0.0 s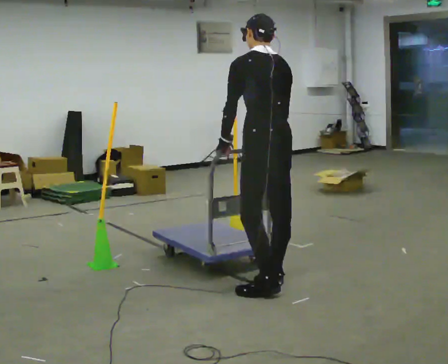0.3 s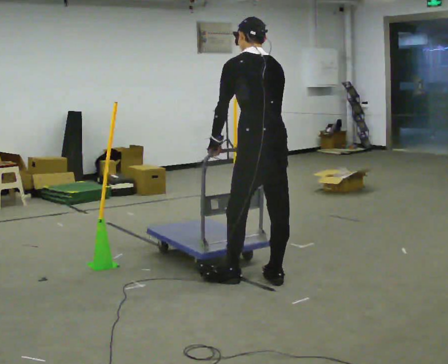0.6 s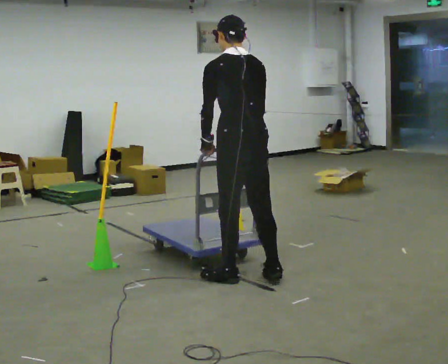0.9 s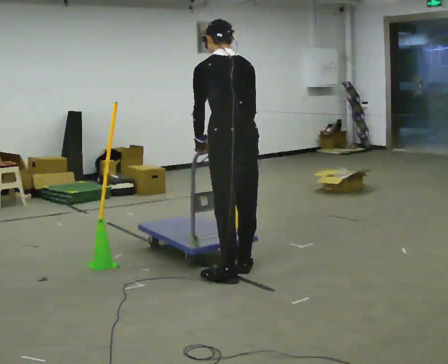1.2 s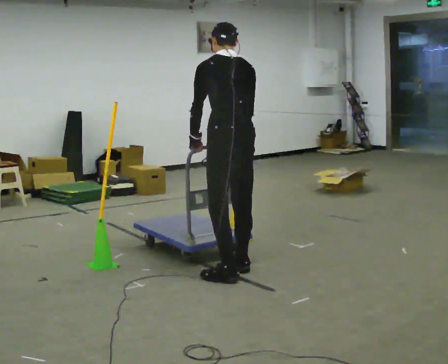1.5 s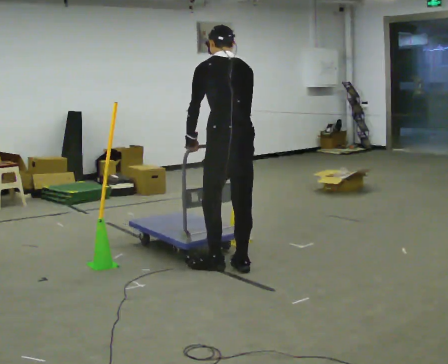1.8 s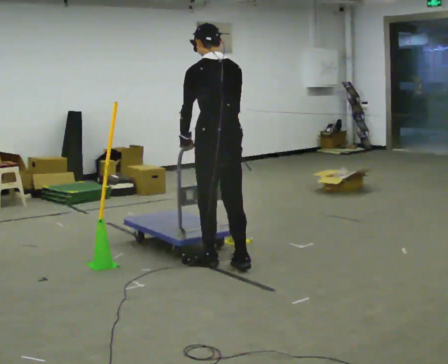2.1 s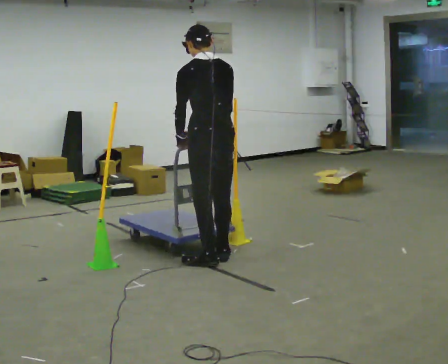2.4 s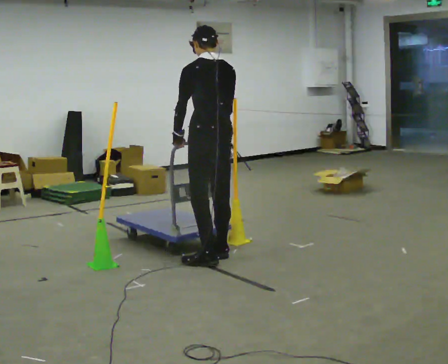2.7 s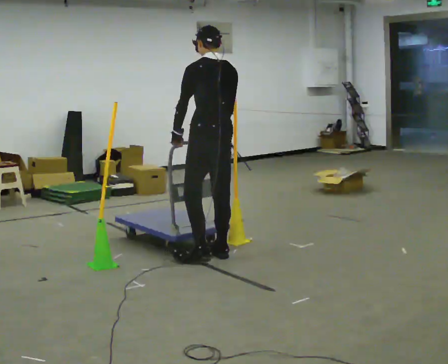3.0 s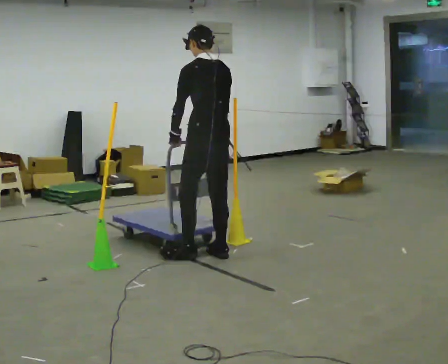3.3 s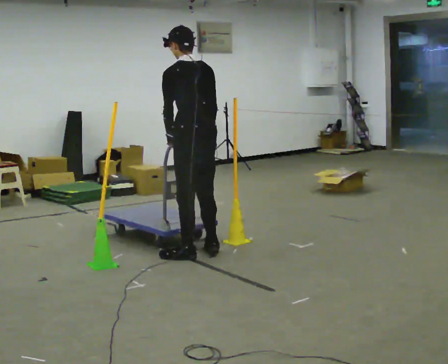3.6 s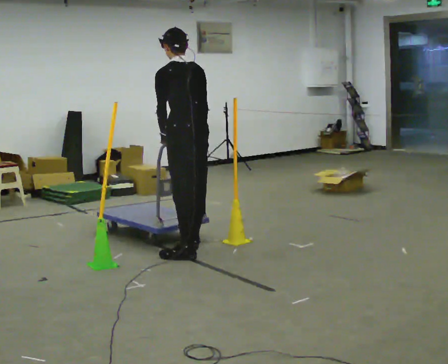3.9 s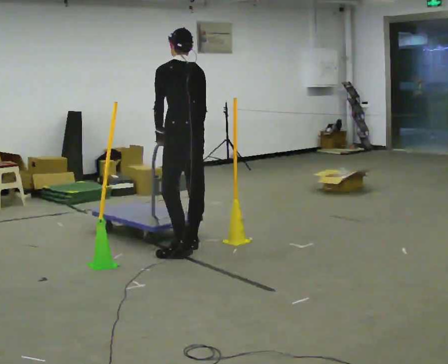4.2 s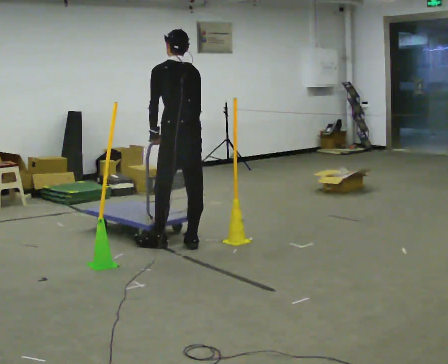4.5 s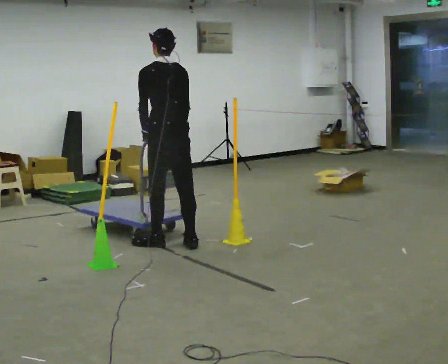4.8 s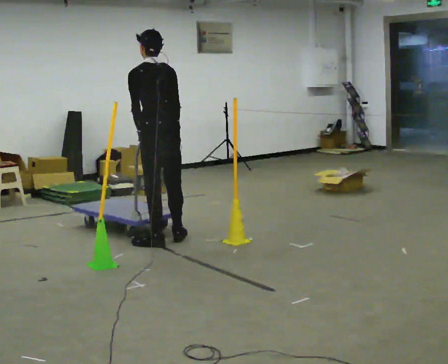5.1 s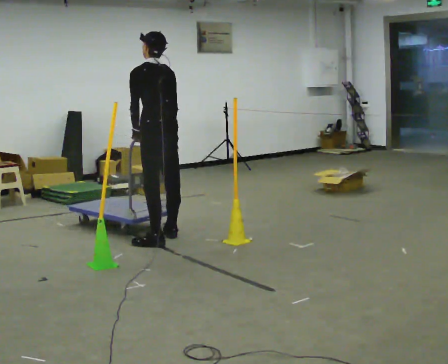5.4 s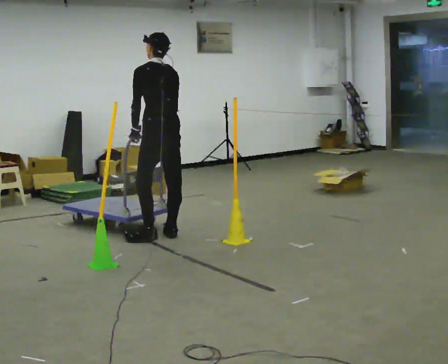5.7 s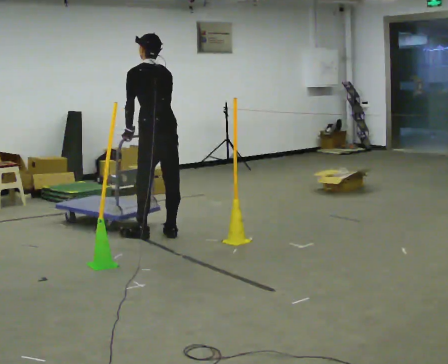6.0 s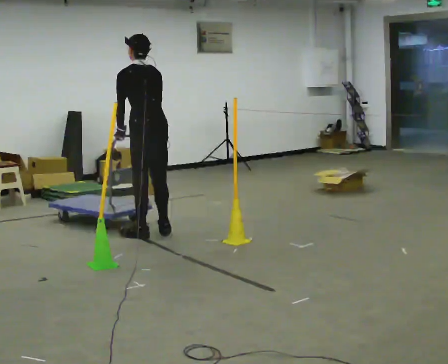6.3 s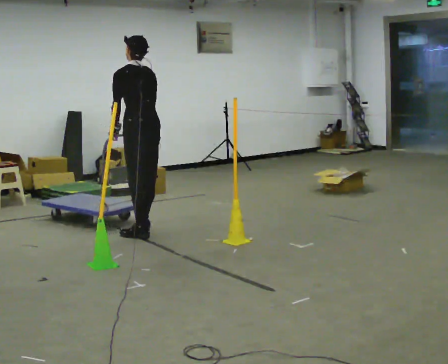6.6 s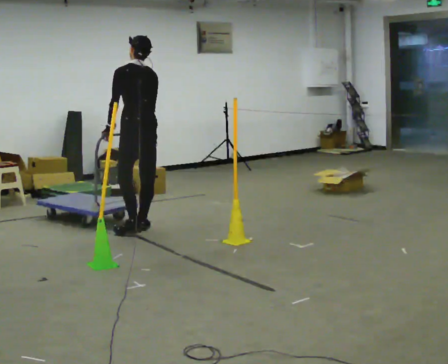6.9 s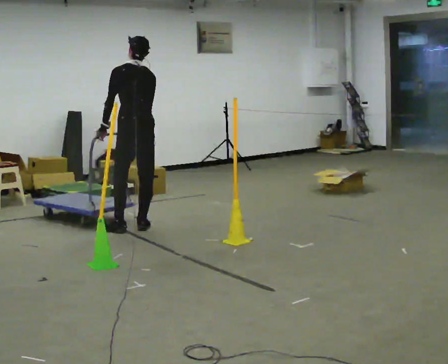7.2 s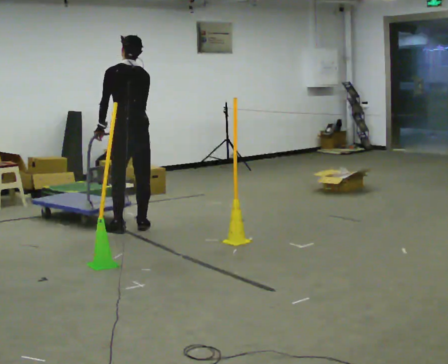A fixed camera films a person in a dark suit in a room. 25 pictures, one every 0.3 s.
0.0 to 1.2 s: In the picture they go away from the camera and to the left, about 0.25 m in 2 steps, which for them is forward.
1.2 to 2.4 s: In the picture they go away from the camera, about 0.25 m in 2 steps, which for them is forward.
2.4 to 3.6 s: In the picture they go away from the camera and to the left, about 0.25 m in 2 steps, which for them is forward.
3.6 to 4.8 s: In the picture they go away from the camera and to the left, about 0.5 m in 2 steps, which for them is forward.
4.8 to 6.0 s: In the picture they go away from the camera, about 0.25 m in 2 steps, which for them is forward.
6.0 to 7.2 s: In the picture they go away from the camera and to the left, about 0.25 m in 1 step, which for them is forward.
The film runs backward here.
